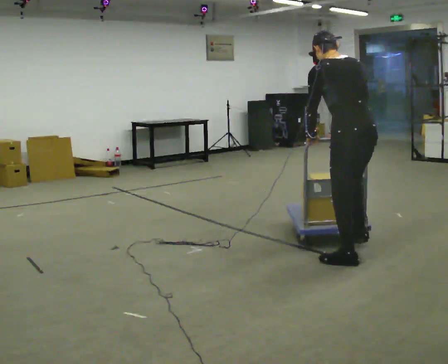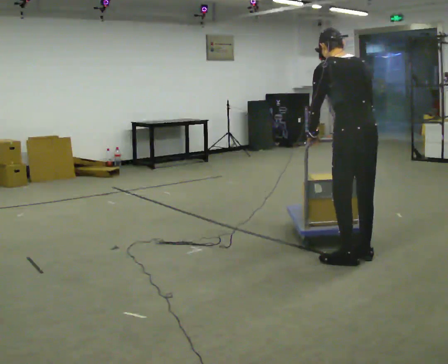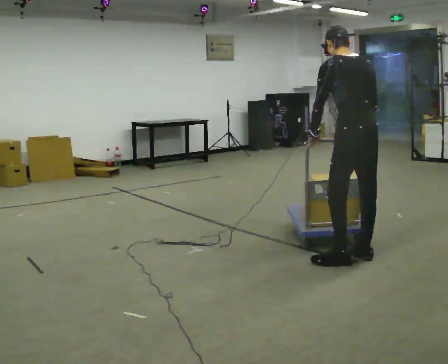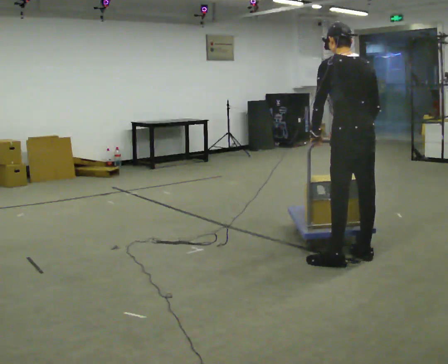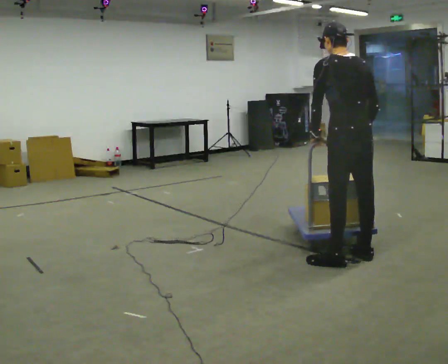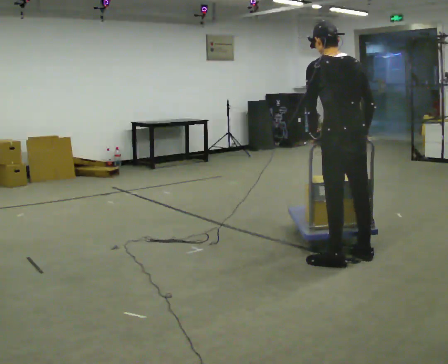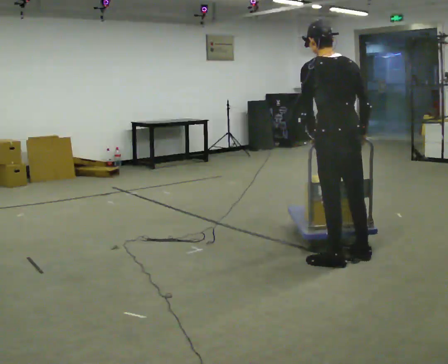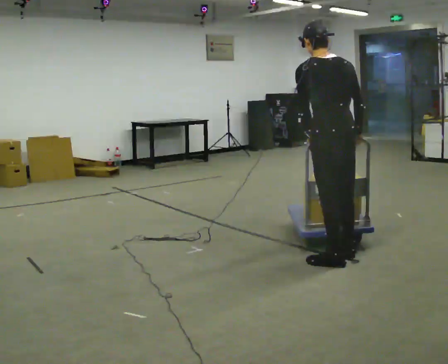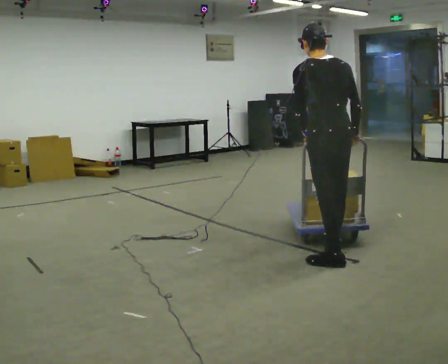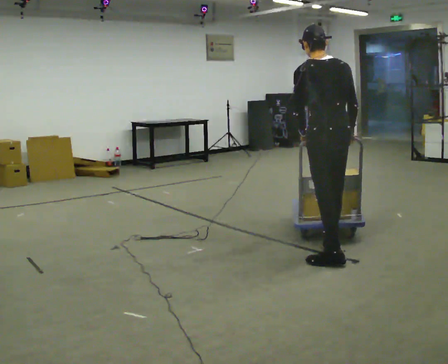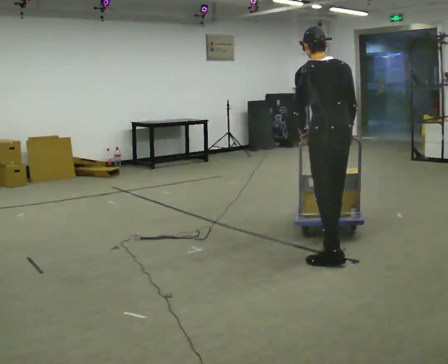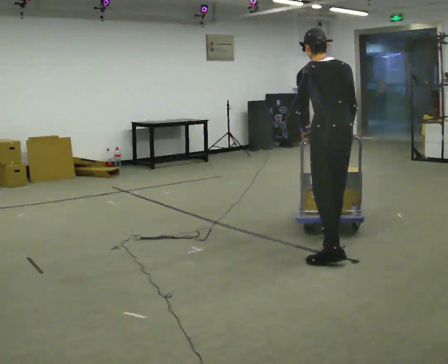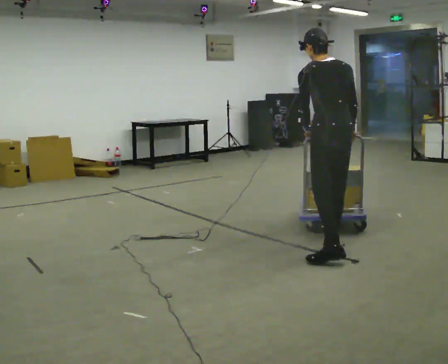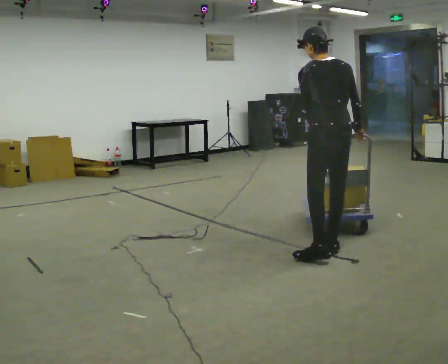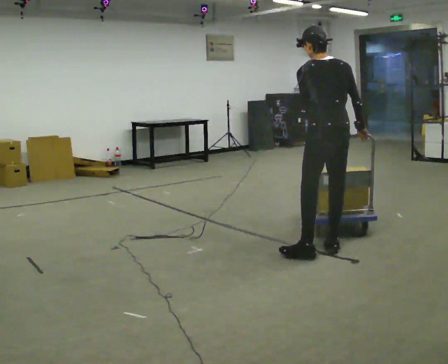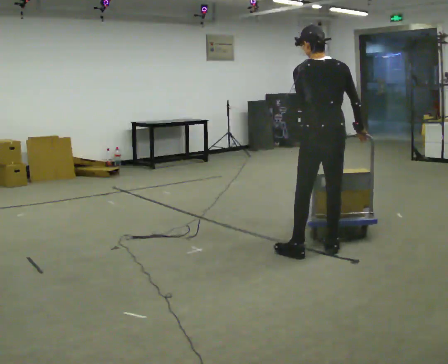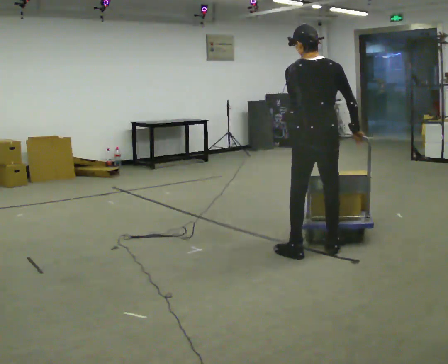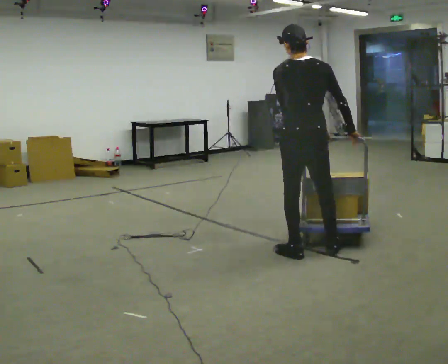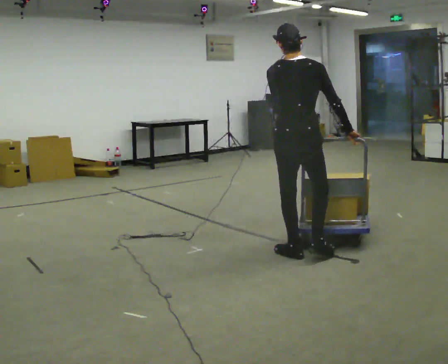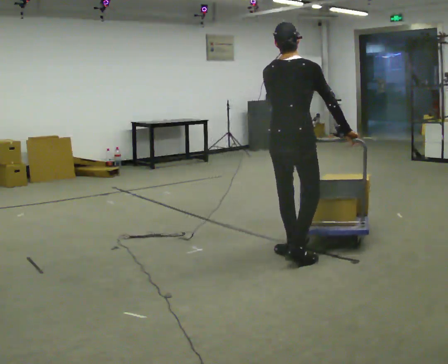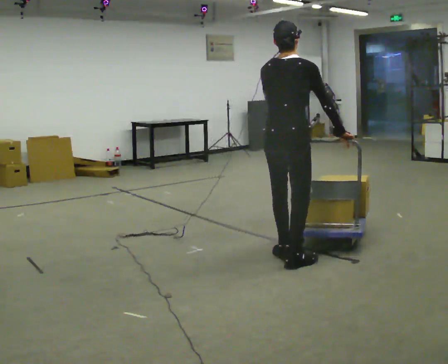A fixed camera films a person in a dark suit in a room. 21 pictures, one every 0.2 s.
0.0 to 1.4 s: The person moves a little, or ends about where they began.
1.4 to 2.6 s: In the picture they go away from the camera, about 0.25 m in 1 step, which for them is forward.
2.6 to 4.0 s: The person turns about 45 degrees to their right, clockwise seen from above, so the part of the body nearest the lens slides to the left. In the picture they go to the left and toward the camera, about 0.5 m in 2 steps, which for them is to their left and backward.
The film runs backward here.
